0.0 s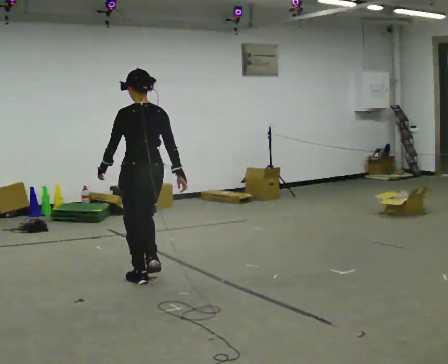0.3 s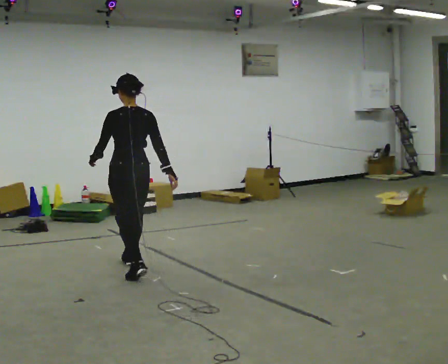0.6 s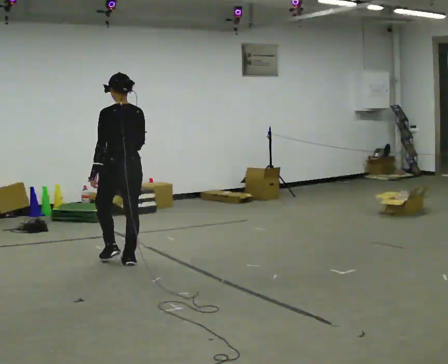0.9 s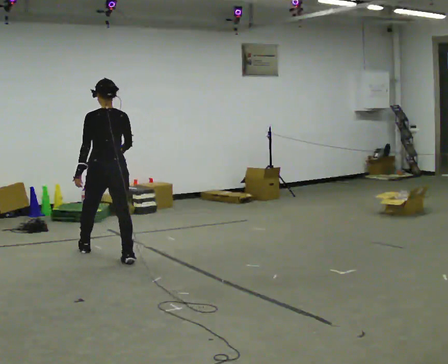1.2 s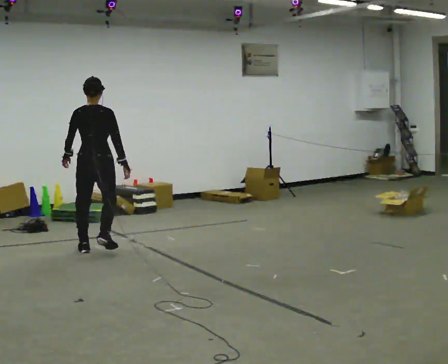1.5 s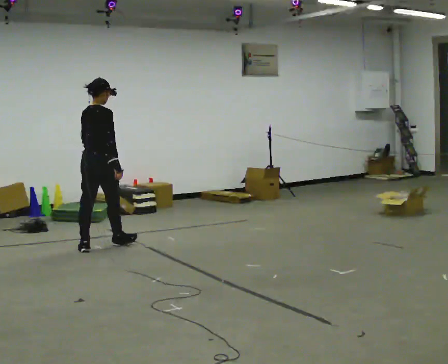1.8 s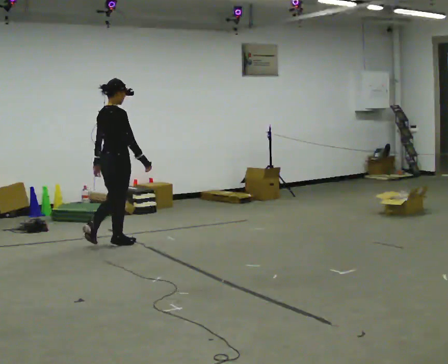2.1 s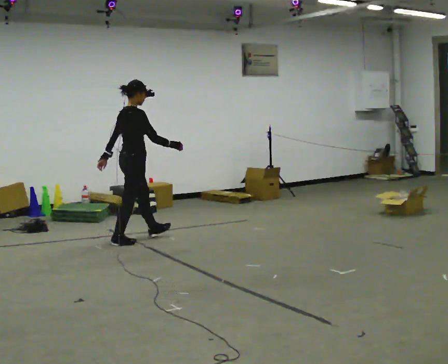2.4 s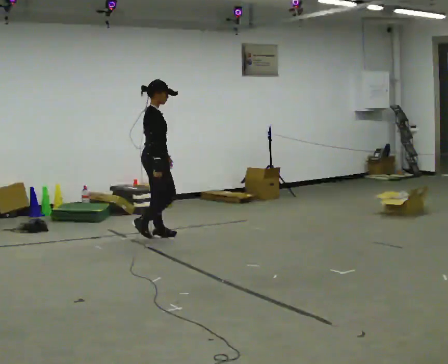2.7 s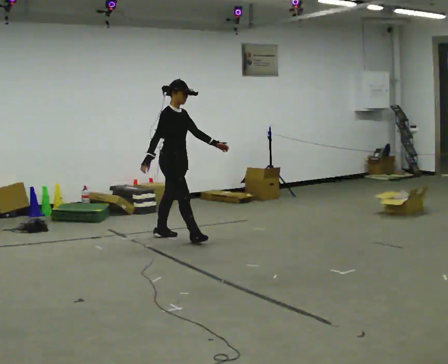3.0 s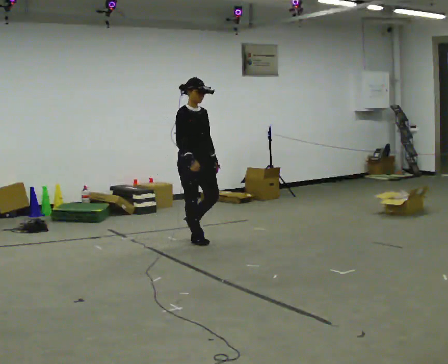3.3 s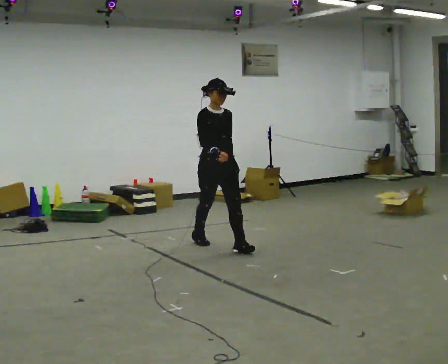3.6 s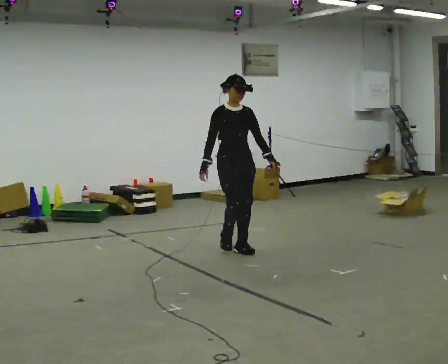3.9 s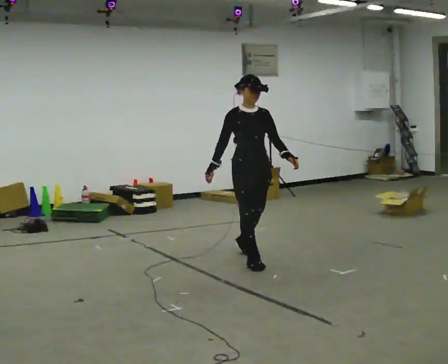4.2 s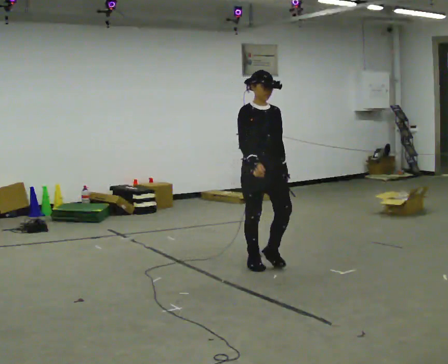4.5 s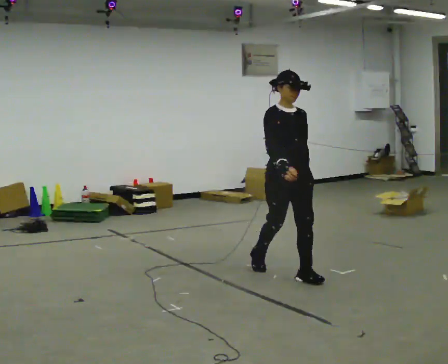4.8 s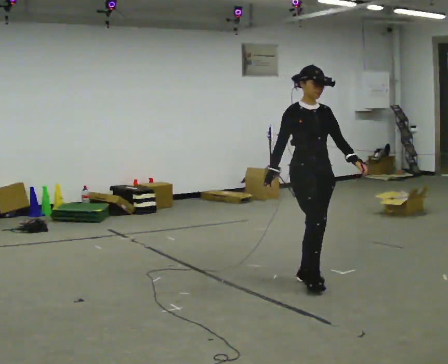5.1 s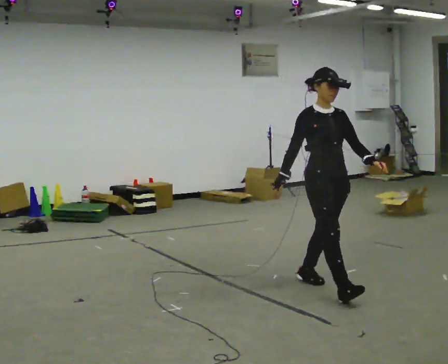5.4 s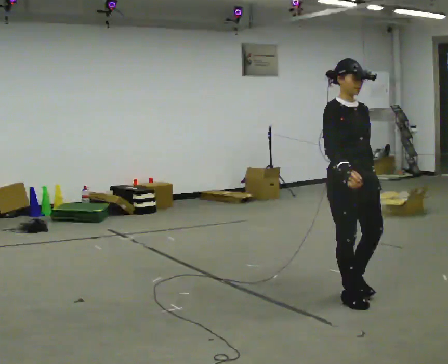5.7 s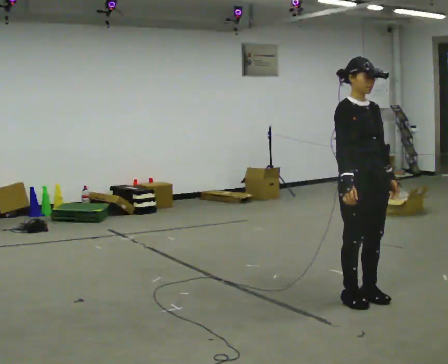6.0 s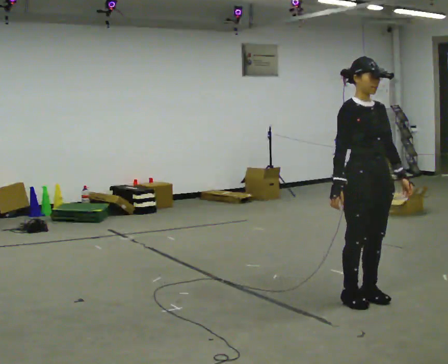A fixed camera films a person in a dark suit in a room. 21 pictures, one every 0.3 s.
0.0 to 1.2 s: Seen from above the body turns clockwise, about 30 degrees: to their right, with its near side sliding to the left. In the picture they go away from the camera and to the left, about 1 m in 2 steps, which for them is forward.
1.2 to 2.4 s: The person turns about 90 degrees to their right, clockwise seen from above, so the part of the body nearest the lens slides to the left. In the picture they go away from the camera and to the right, about 1 m in 2 steps.
2.4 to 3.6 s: The part of the body nearest the lens slides to the left as the person turns to their right by about 75 degrees. In the picture they go to the right and toward the camera, about 1 m in 2 steps.
3.6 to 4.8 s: In the picture they go toward the camera and to the right, about 1 m in 2 steps, which for them is forward.
4.8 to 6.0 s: In the picture they go toward the camera and to the right, about 0.5 m in 2 steps, which for them is forward.
The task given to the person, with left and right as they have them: Walk straight; turn around and walk back; use wide or tight turn.
The film runs forward here.
